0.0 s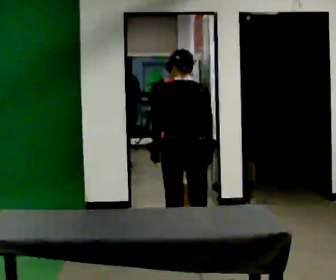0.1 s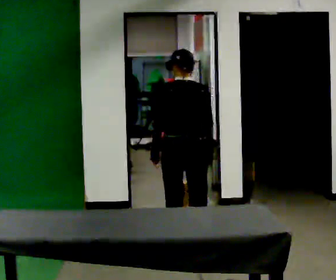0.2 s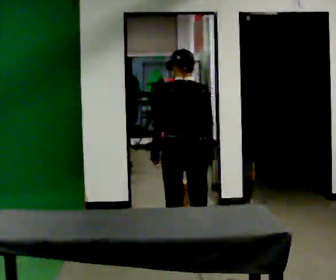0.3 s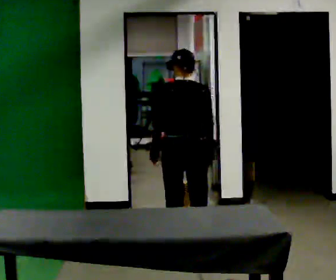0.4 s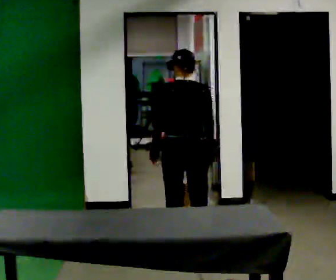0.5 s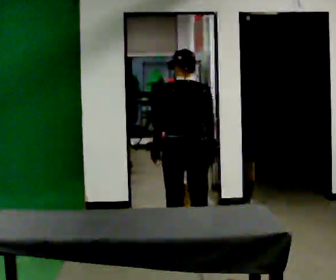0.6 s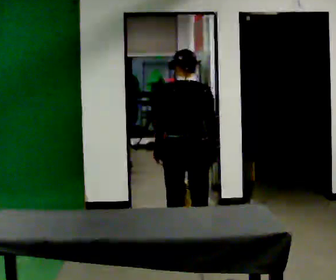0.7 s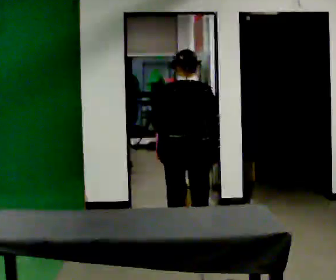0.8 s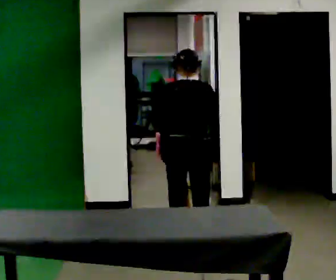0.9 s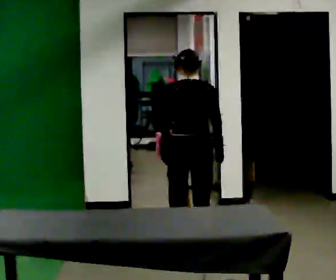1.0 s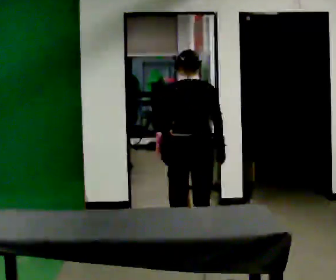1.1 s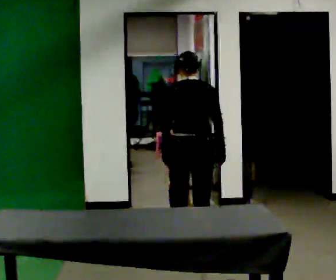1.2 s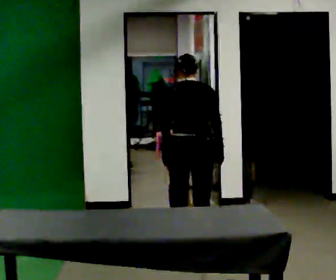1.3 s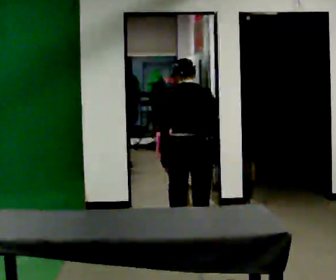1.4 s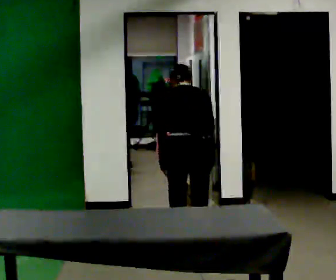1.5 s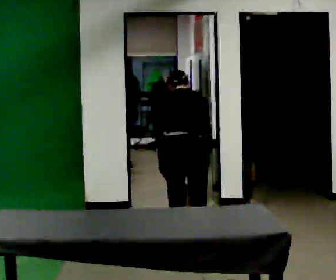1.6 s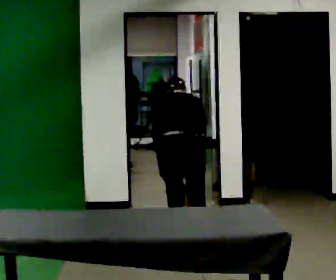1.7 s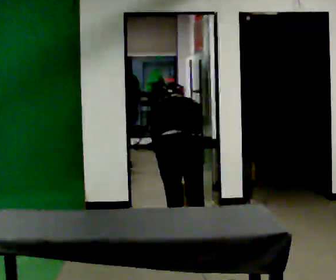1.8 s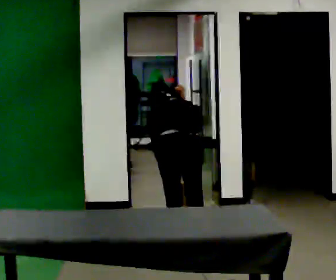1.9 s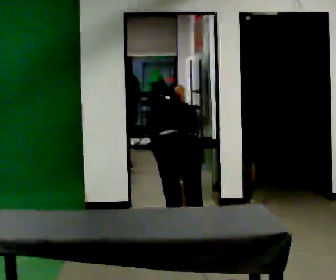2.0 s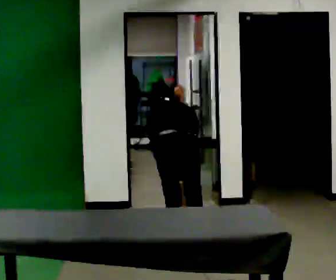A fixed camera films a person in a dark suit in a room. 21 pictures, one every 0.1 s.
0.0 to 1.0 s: The person moves a little, or ends about where they began.
1.0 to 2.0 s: The upper body goes downward. The upper body tips away from the camera, its near side rolling upward, as they bend forward.
The film runs backward here.
